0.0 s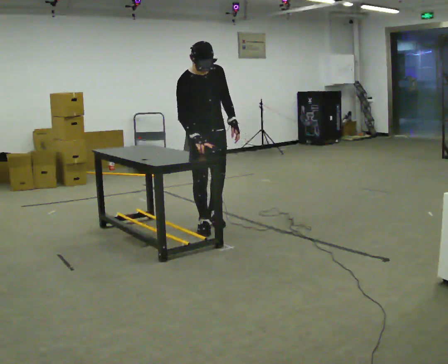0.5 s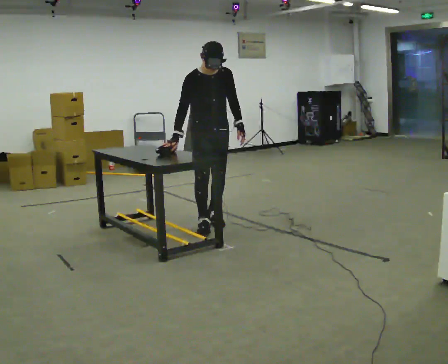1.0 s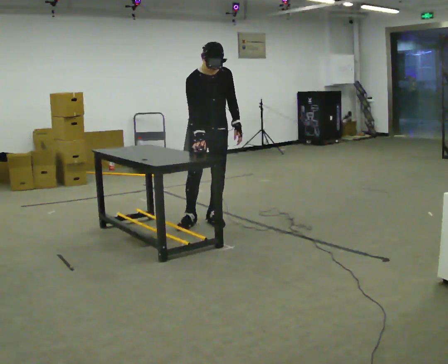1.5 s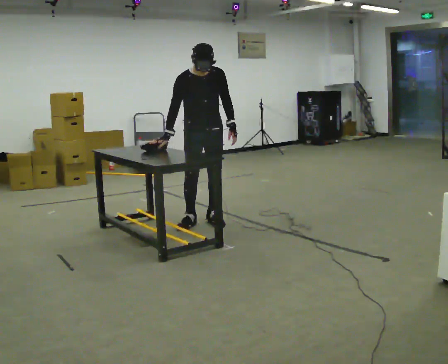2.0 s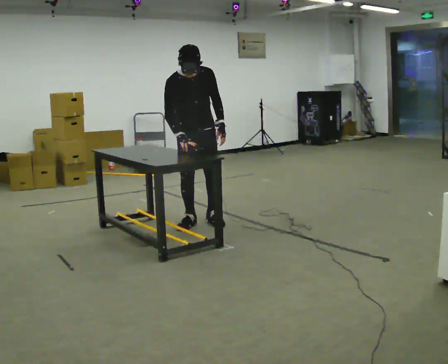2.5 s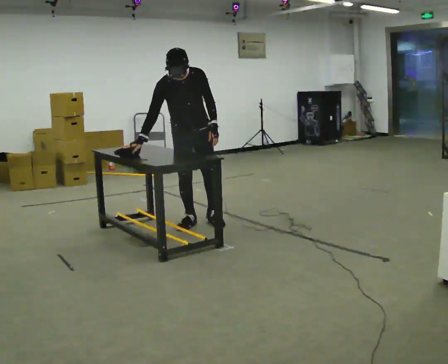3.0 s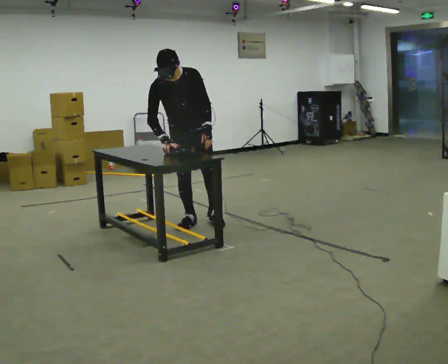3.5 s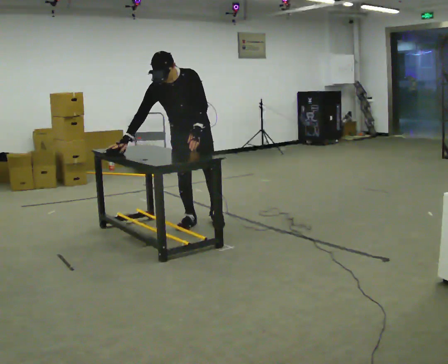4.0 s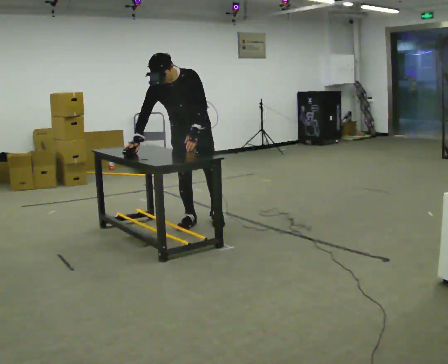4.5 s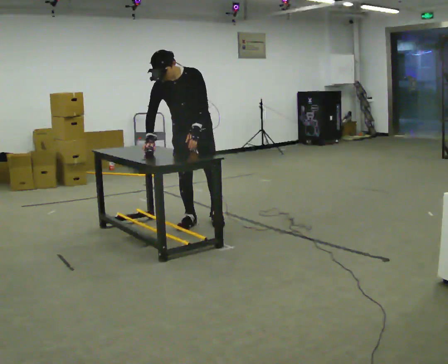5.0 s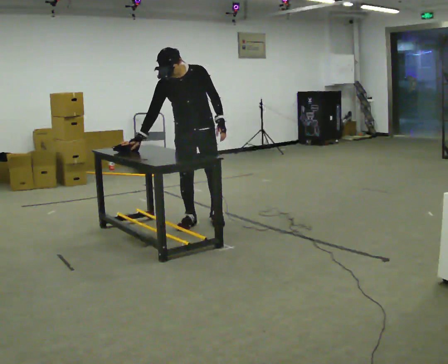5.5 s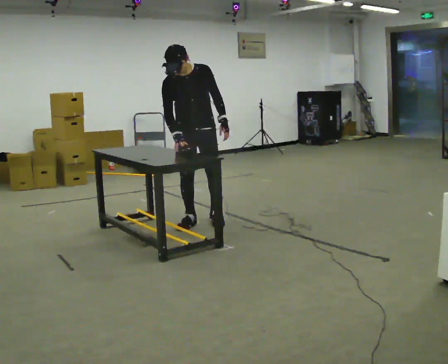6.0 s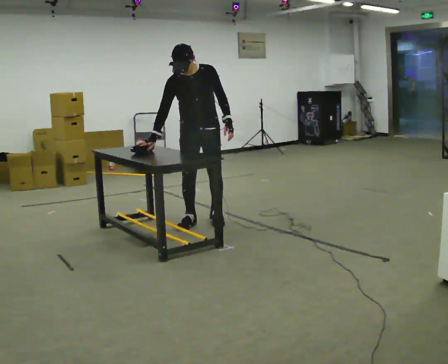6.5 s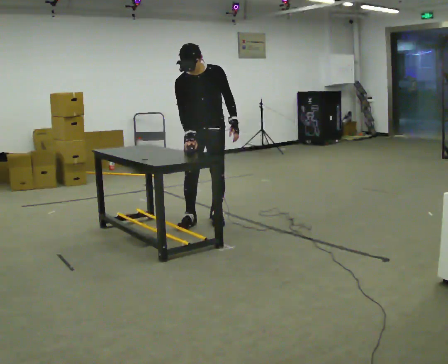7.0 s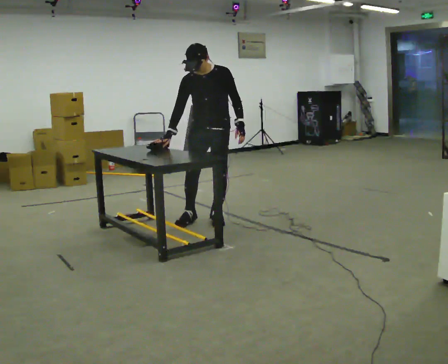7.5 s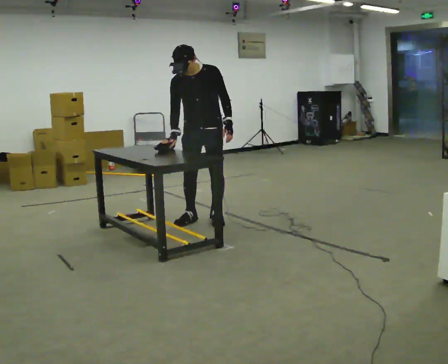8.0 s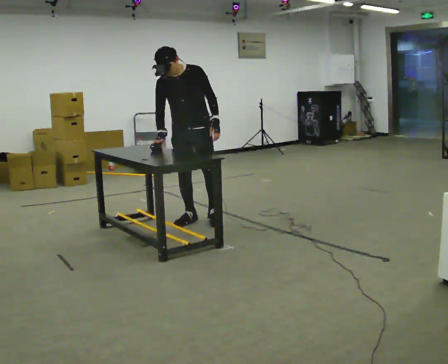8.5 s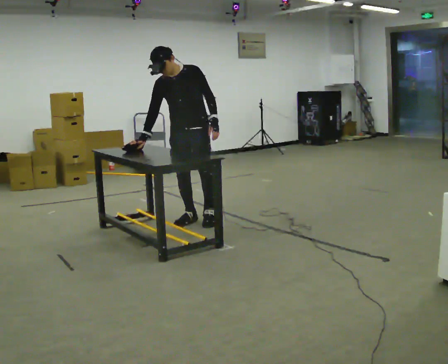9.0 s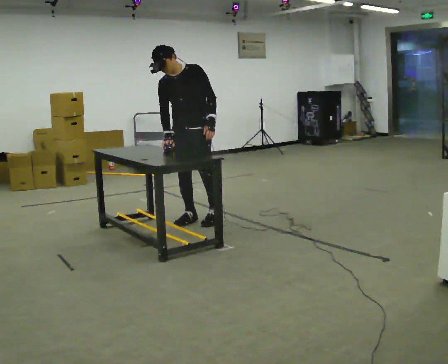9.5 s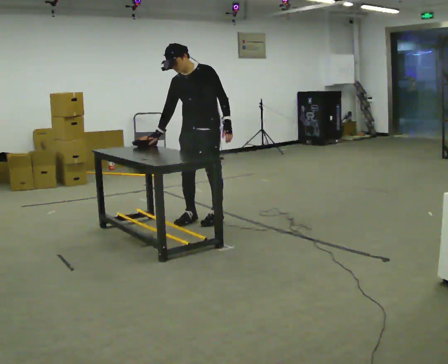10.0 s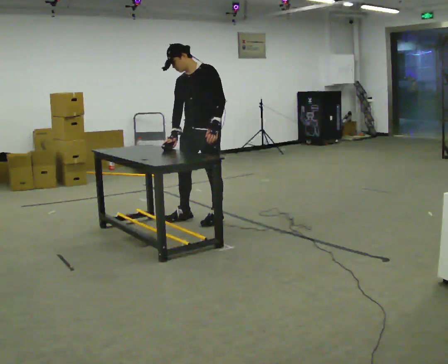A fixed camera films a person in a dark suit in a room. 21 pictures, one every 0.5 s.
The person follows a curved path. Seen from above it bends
clockwise.
0.0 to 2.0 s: In the picture they go away from the camera, about 0.25 m in 1 step, which for them is backward.
2.0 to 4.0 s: In the picture the upper body tilts counterclockwise, shoulders to the left. In the picture their right hand goes to the left.
4.0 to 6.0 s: In the picture their left hand goes to the right.
6.0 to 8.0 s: The person moves a little, or ends about where they began.
8.0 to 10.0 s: Seen from above the body turns clockwise, about 30 degrees: to their right, with its near side sliding to the left.
The film runs backward here.
